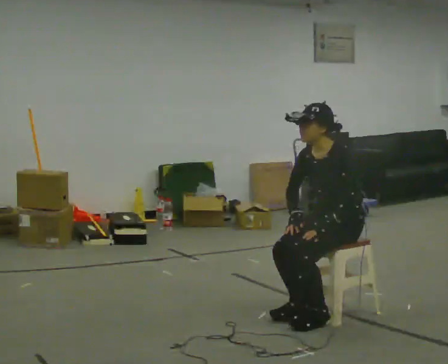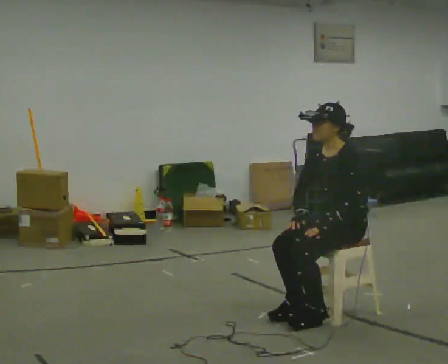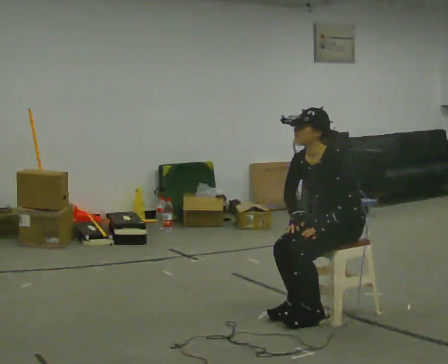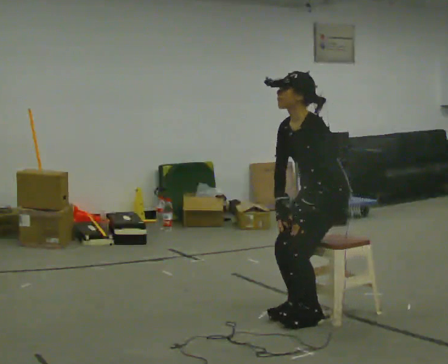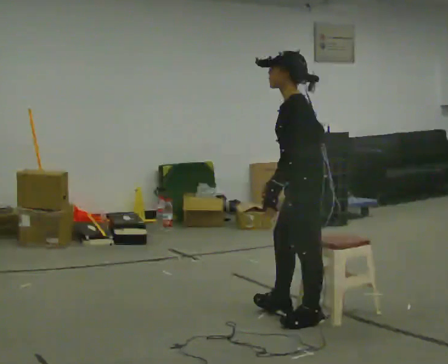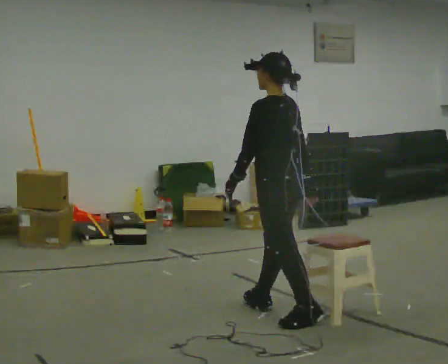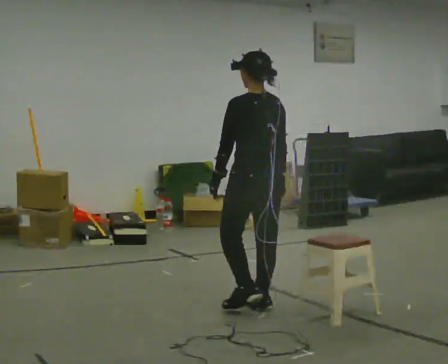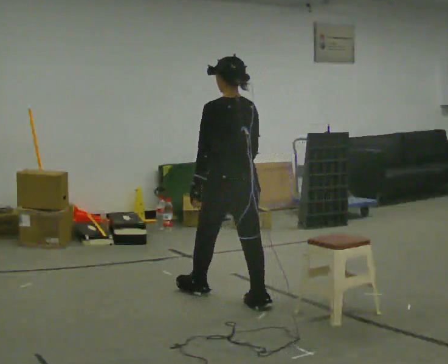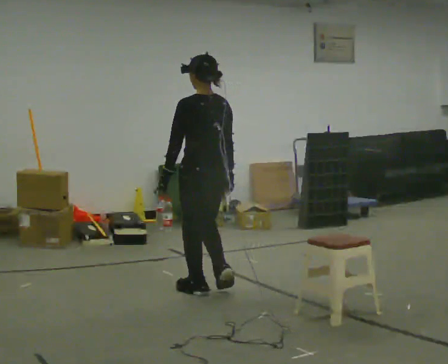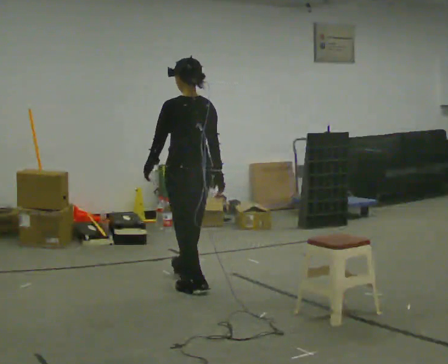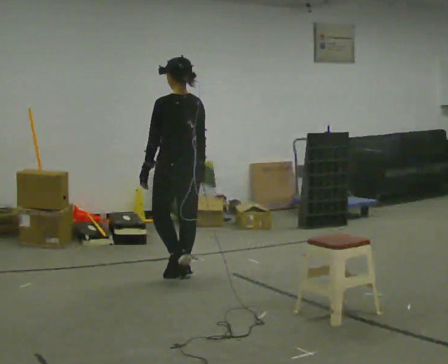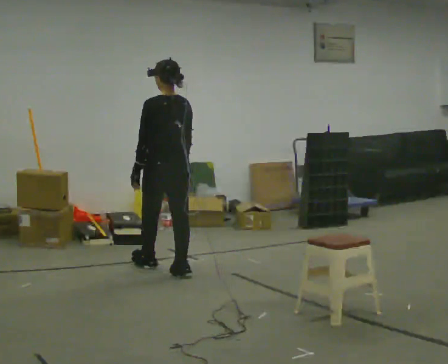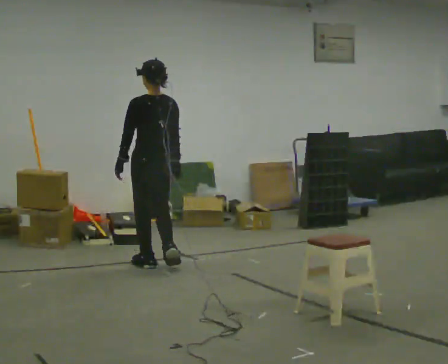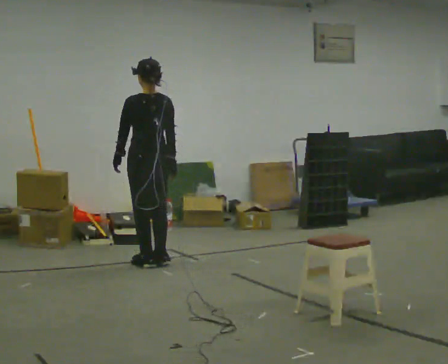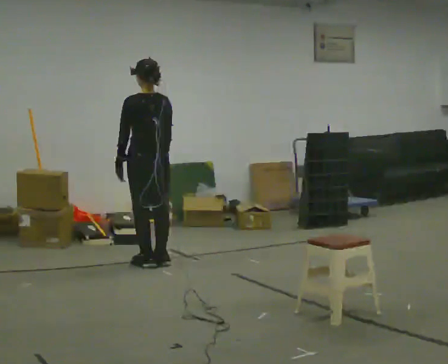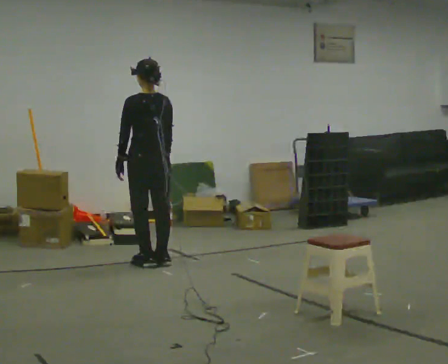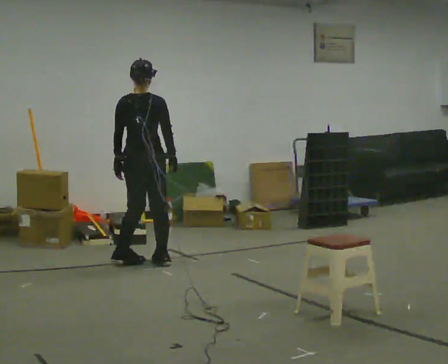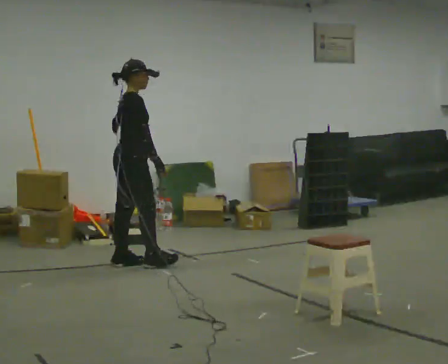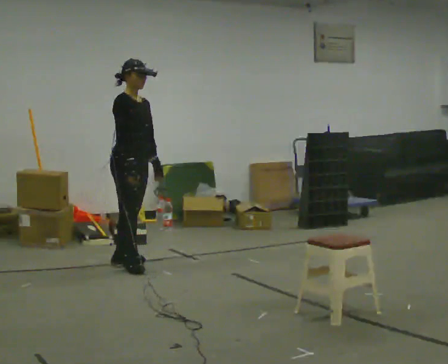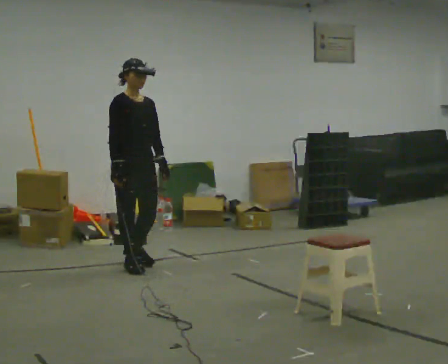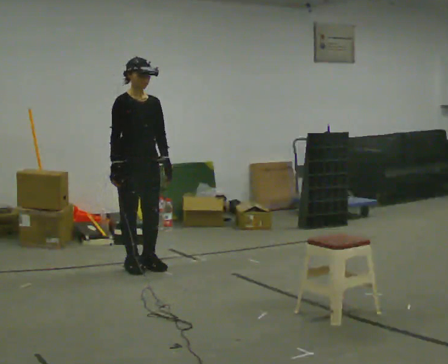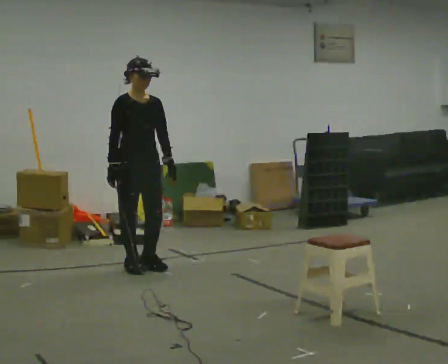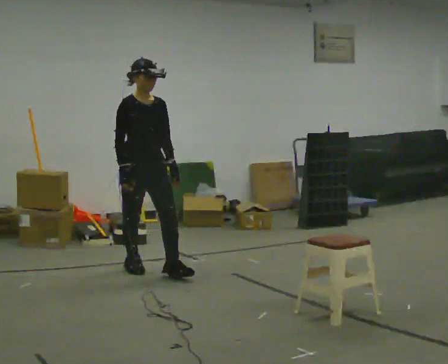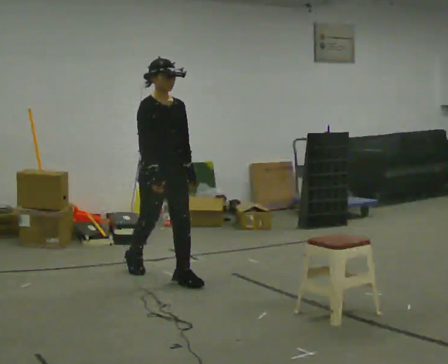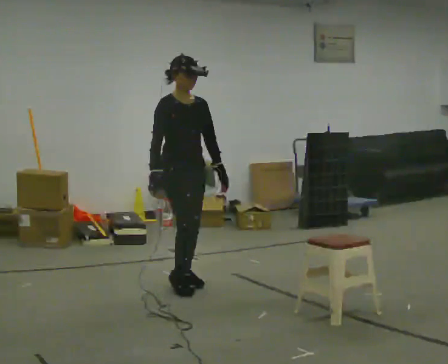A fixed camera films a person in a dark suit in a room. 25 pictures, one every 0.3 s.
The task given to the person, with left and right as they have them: Walk to chair; sit ~2 s; stand; walk away.
0.0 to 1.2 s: The part of the body nearest the lens slides to the left as the person turns to their right by about 45 degrees. In the picture they go to the left, about 0.25 m, which for them is forward. The shoulders move upward.
1.2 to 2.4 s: The part of the body nearest the lens slides to the left as the person turns to their right by about 45 degrees. In the picture they go away from the camera and to the left, about 1 m in 2 steps, which for them is forward.
2.4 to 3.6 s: In the picture they go away from the camera, about 1 m in 2 steps, which for them is forward.
3.6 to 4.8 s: The part of the body nearest the lens slides to the left as the person turns to their right by about 45 degrees.
4.8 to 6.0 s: Seen from above the body turns clockwise, about 120 degrees: to their right, with its near side sliding to the left. In the picture they go toward the camera, about 0.25 m in 2 steps. In the picture their right hand goes to the left, the arm swinging clockwise.
6.0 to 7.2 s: In the picture they go toward the camera and to the right, about 0.75 m in 1 step, which for them is forward.
The film runs forward here.
